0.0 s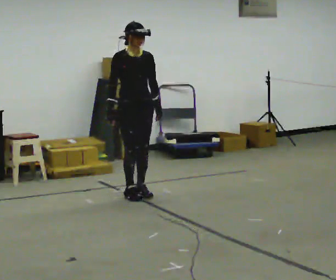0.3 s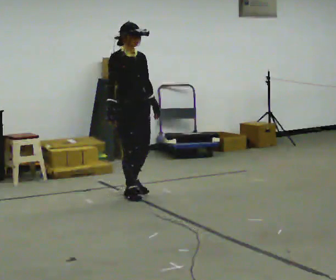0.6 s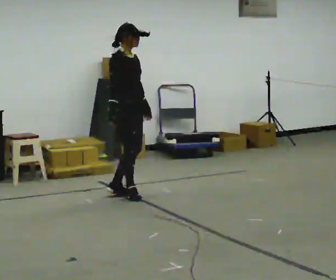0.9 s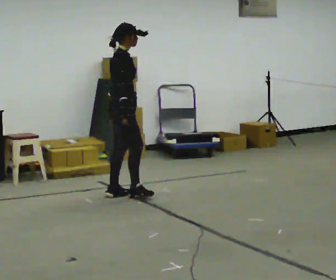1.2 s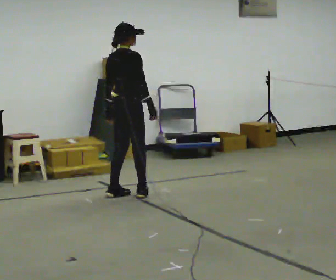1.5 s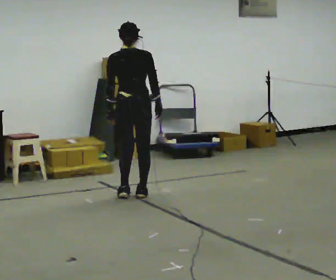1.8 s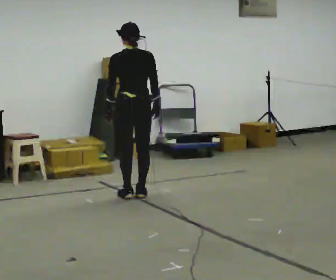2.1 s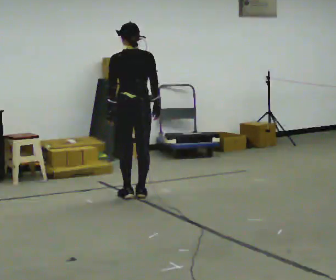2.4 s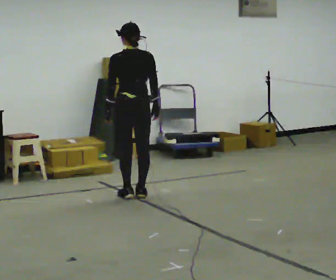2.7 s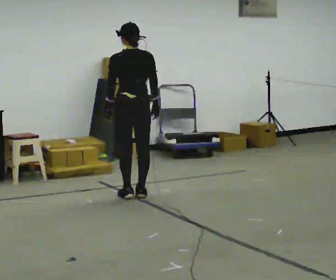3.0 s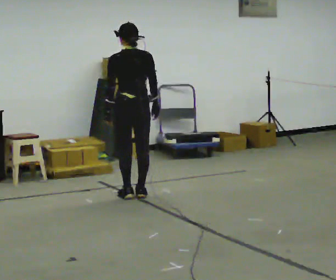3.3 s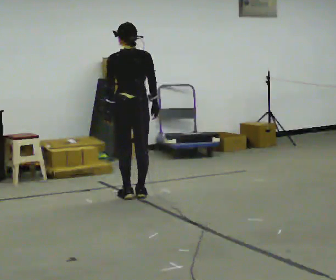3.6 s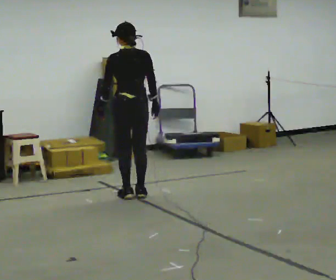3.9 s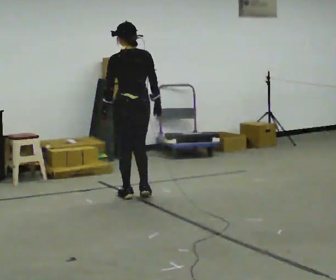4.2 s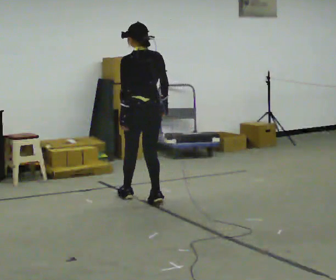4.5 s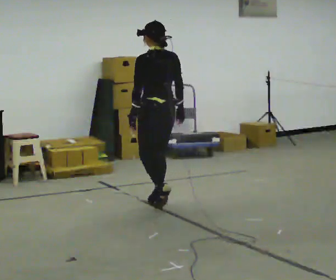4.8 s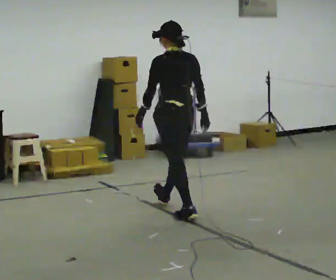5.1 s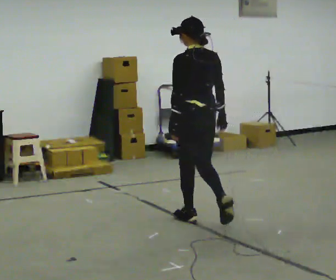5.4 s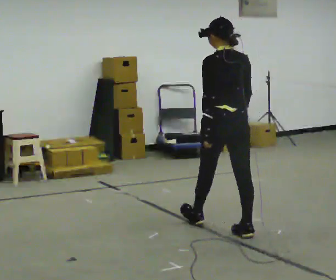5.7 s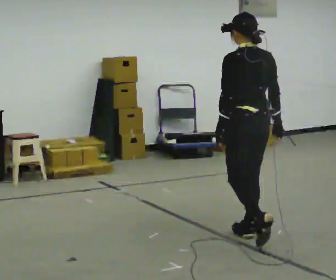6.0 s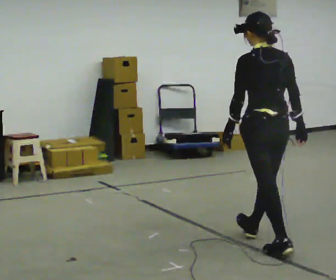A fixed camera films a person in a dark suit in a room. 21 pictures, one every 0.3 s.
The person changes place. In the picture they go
toward the camera.
The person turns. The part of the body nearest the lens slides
to the right.
0.0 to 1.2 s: Seen from above the body turns counterclockwise, about 105 degrees: to their left, with its near side sliding to the right. In the picture their right hand goes to the right, the arm swinging counterclockwise.
1.2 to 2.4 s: The part of the body nearest the lens slides to the right as the person turns to their left by about 60 degrees.
2.4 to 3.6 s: The person moves a little, or ends about where they began.
3.6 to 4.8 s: In the picture they go toward the camera and to the right, about 0.5 m in 3 steps, which for them is backward.
4.8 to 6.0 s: In the picture they go toward the camera and to the right, about 1 m in 2 steps, which for them is backward.
The film runs backward here.
